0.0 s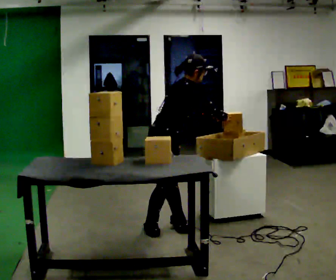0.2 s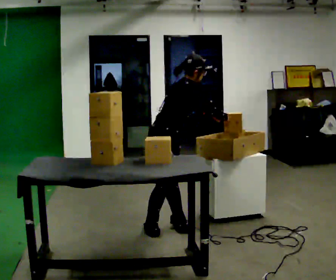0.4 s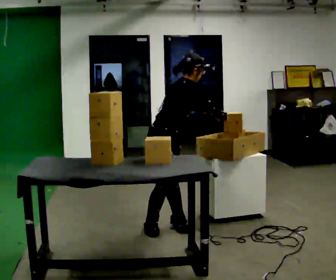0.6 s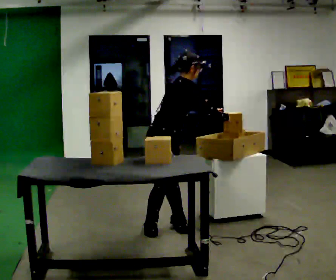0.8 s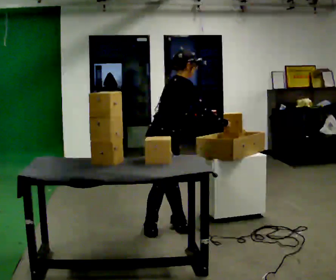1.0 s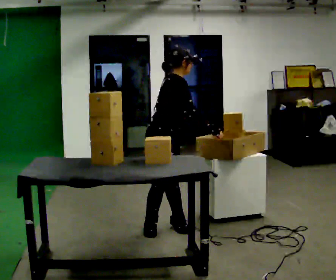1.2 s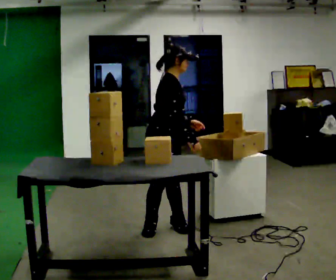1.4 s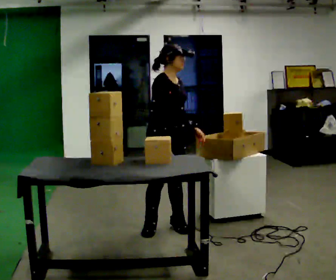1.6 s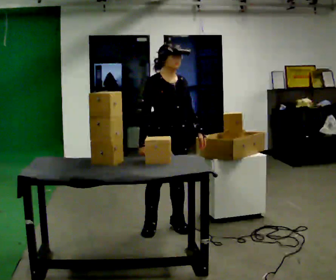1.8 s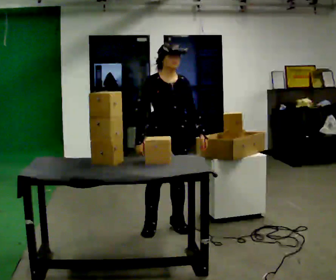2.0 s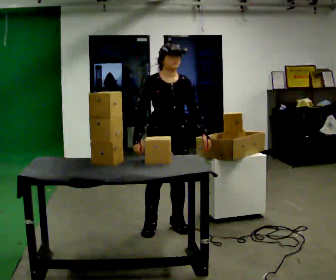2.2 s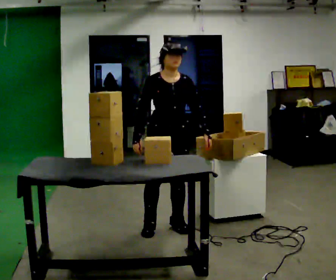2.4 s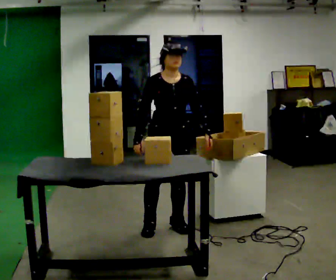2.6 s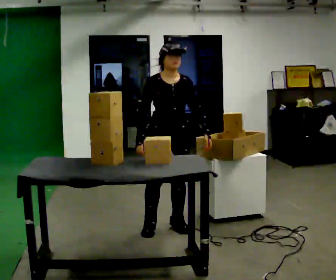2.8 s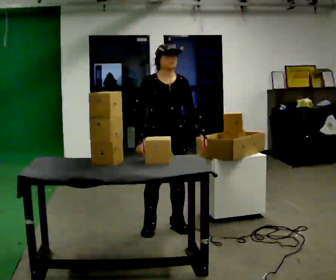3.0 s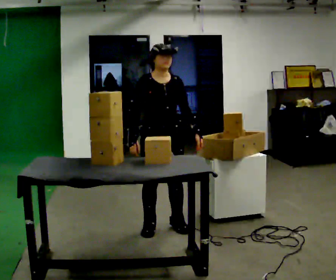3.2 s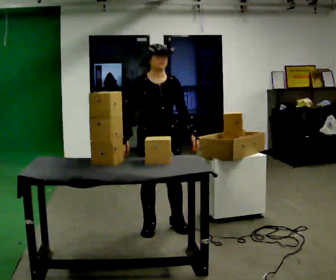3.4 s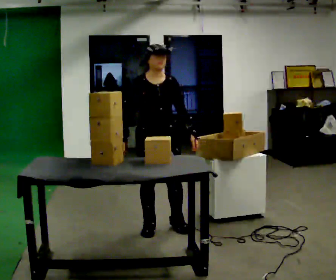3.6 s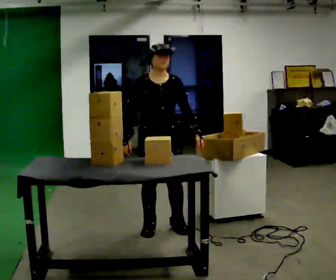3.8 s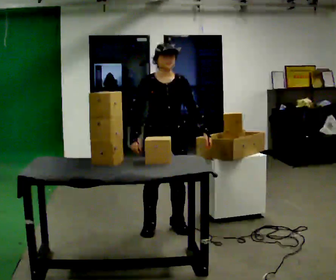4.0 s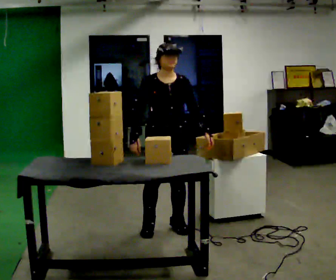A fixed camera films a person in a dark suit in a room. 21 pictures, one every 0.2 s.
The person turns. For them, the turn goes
to their right.
The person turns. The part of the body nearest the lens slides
to the left.
0.0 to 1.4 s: The part of the body nearest the lens slides to the left as the person turns to their right by about 45 degrees. In the picture the upper body tilts counterclockwise, shoulders to the left, as they lean back or straighten. In the picture their right hand goes to the left, the arm swinging clockwise.
1.4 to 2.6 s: The part of the body nearest the lens slides to the left as the person turns to their right by about 45 degrees.
2.6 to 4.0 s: The person moves a little, or ends about where they began.
The film runs backward here.
